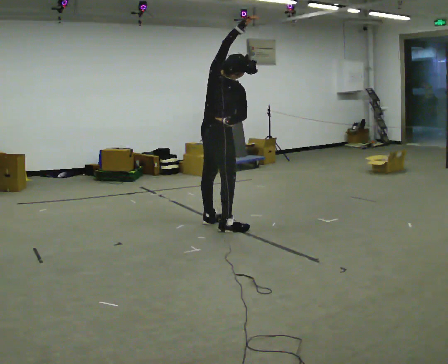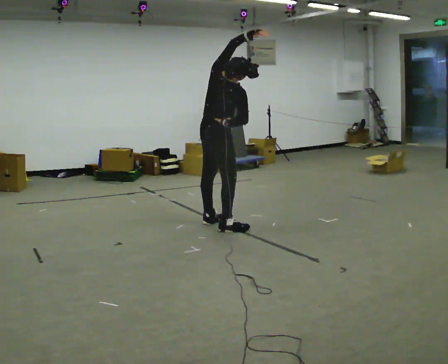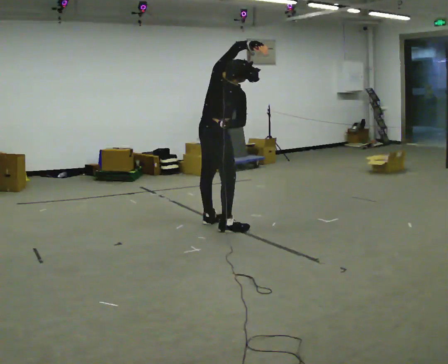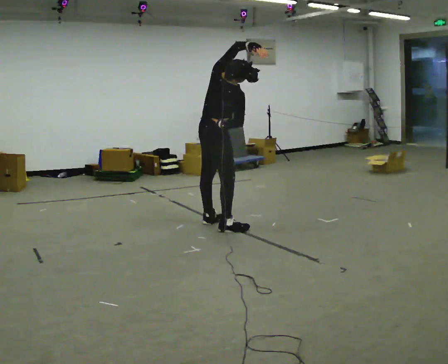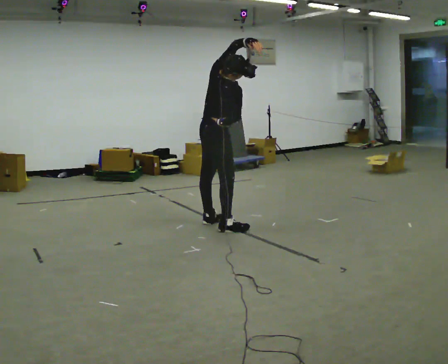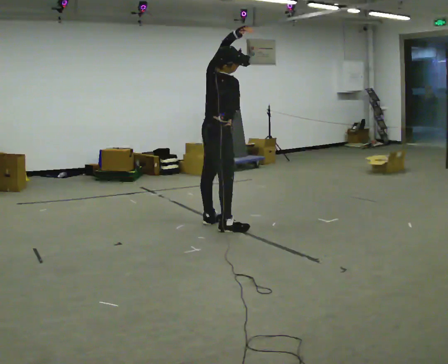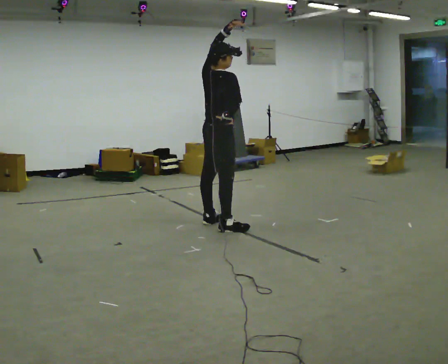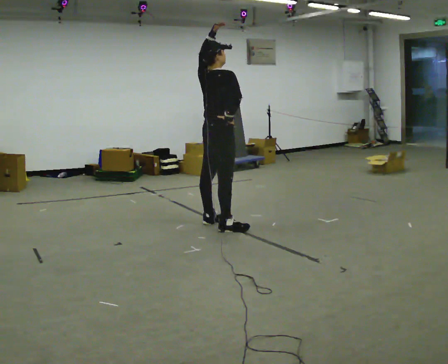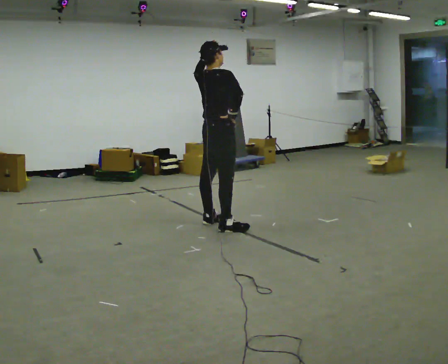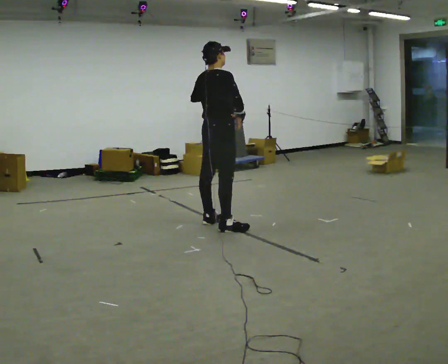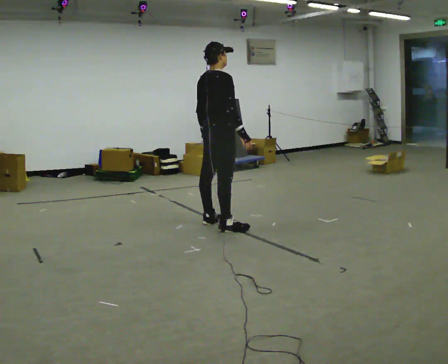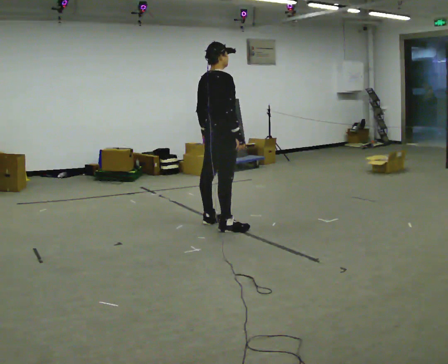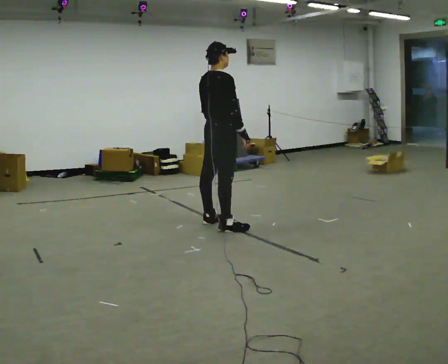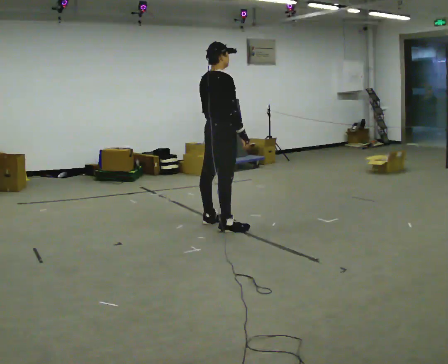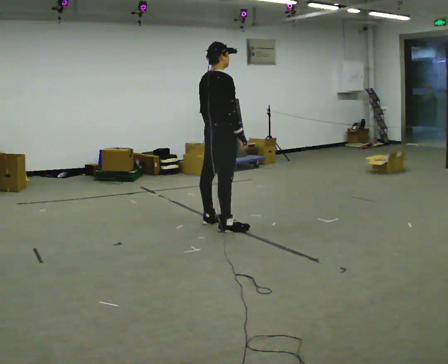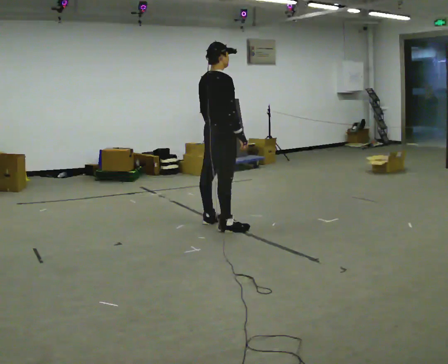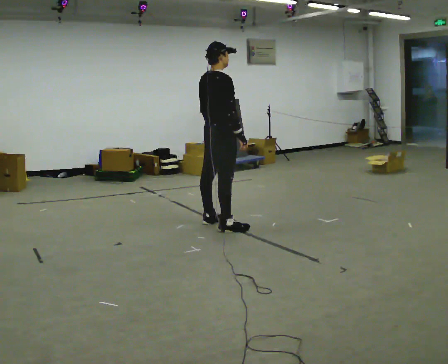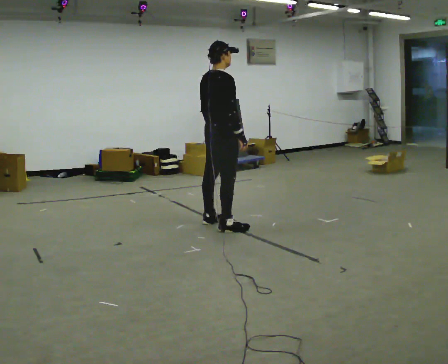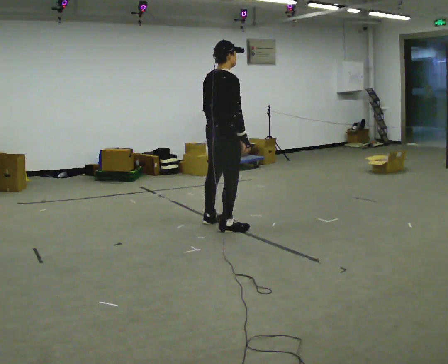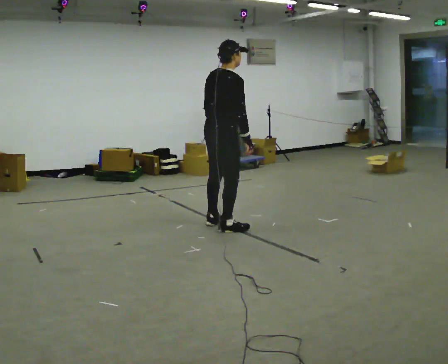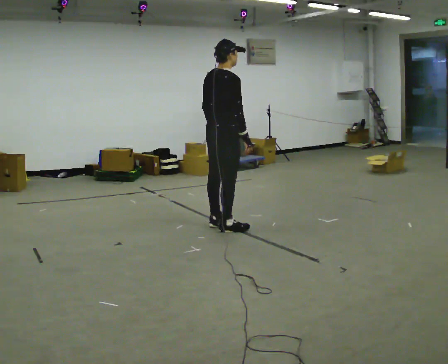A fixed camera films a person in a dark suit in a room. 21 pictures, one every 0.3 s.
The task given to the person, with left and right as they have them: Keeping your feet still and facing forward, bend your upper body sideways to one side, return upright, then bend to the other side. Reach the arm overhead as you bend. Repeat the movement at your own pace until the operator says stop; do not rush.
0.0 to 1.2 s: The person moves a little, or ends about where they began.
1.2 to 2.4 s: In the picture the upper body tilts counterclockwise, shoulders to the left. In the picture their left hand goes to the left.
2.4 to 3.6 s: In the picture their left hand goes downward.
3.6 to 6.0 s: The person moves a little, or ends about where they began.
The film runs forward here.
